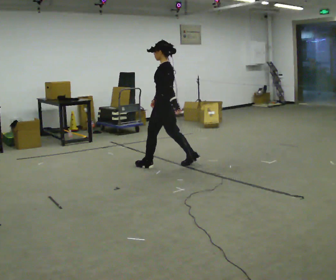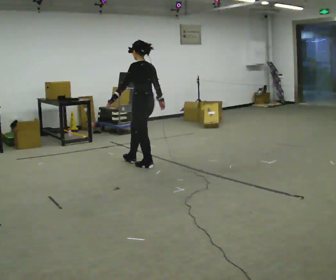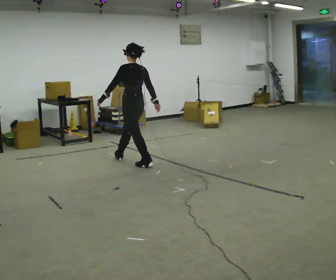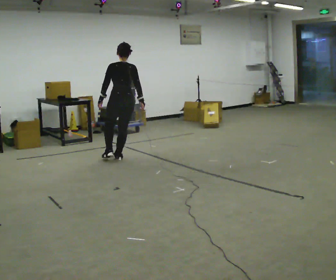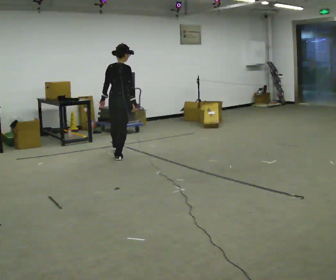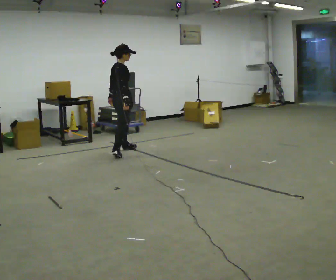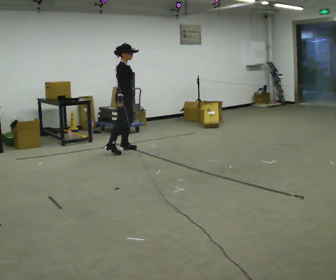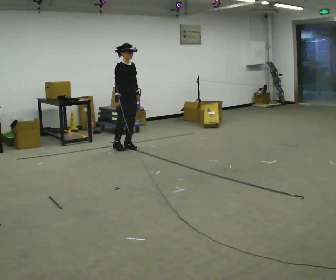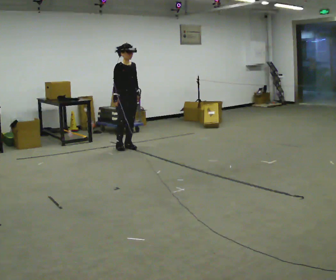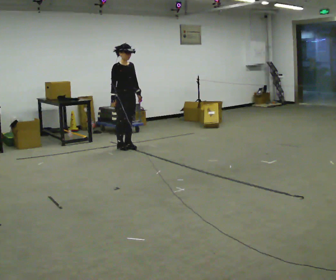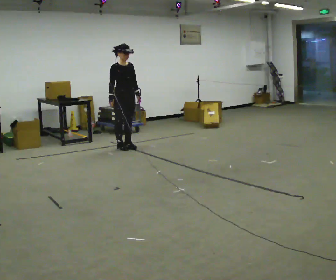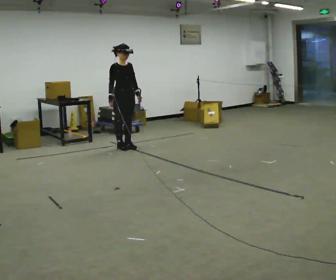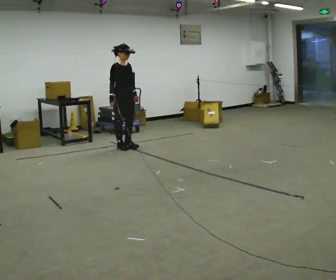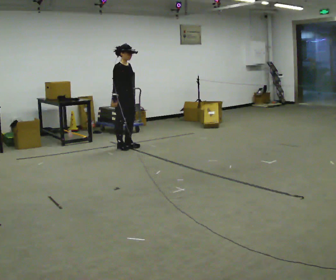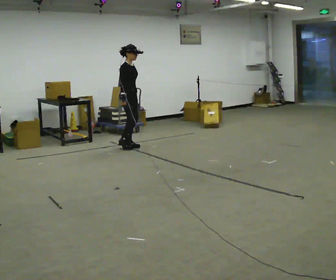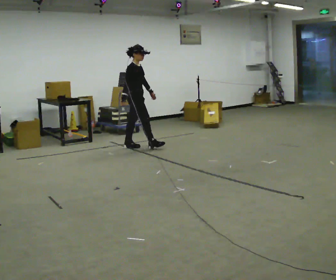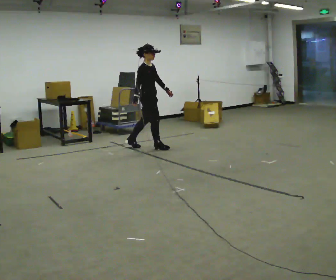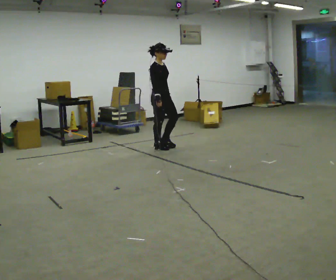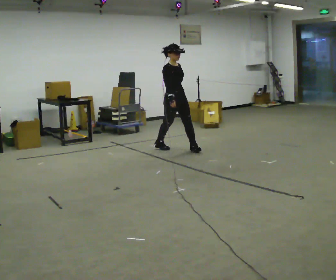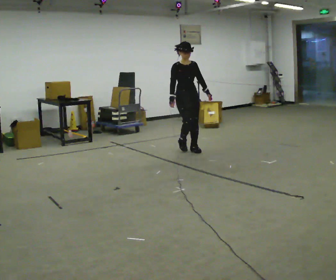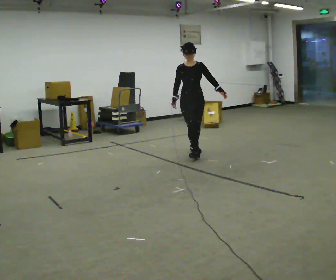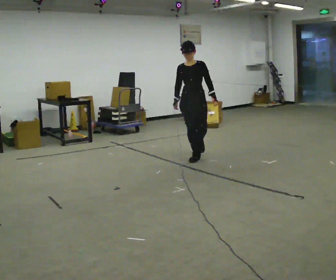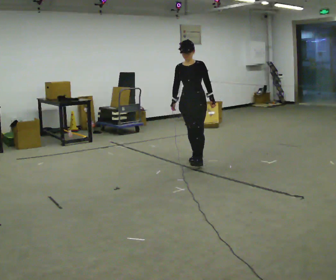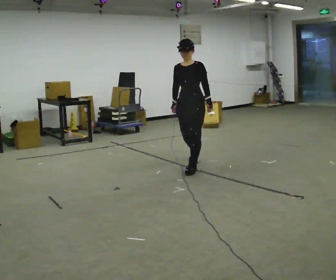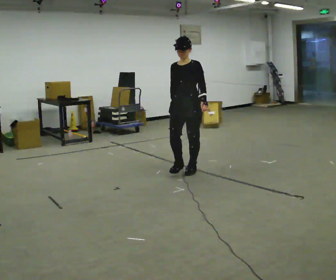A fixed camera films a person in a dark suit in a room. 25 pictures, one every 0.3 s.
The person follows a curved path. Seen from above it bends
clockwise.
0.0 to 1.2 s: The part of the body nearest the lens slides to the left as the person turns to their right by about 105 degrees. In the picture they go away from the camera and to the left, about 1 m in 1 step.
1.2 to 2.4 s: Seen from above the body turns clockwise, about 105 degrees: to their right, with its near side sliding to the left. In the picture they go away from the camera, about 0.5 m in 3 steps.
2.4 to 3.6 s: The person moves a little, or ends about where they began.
3.6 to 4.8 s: Seen from above the body turns counterclockwise, about 30 degrees: to their left, with its near side sliding to the right. In the picture they go to the right, about 0.5 m in 1 step, which for them is forward.
4.8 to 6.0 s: Seen from above the body turns clockwise, about 75 degrees: to their right, with its near side sliding to the left. In the picture they go to the right and toward the camera, about 1 m in 1 step.
6.0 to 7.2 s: The part of the body nearest the lens slides to the left as the person turns to their right by about 30 degrees. In the picture they go toward the camera, about 1 m in 2 steps, which for them is forward.
The film runs forward here.
